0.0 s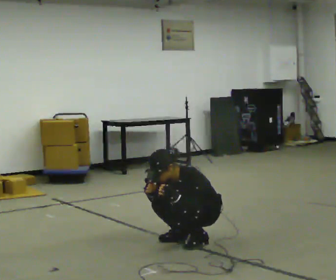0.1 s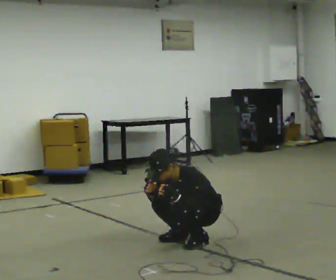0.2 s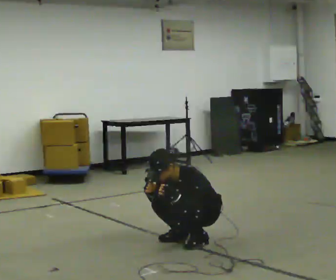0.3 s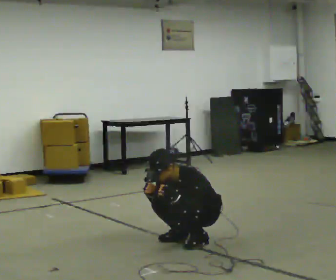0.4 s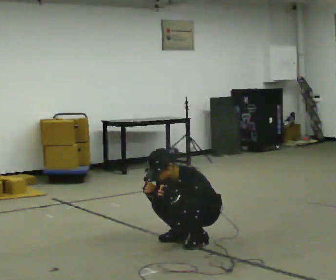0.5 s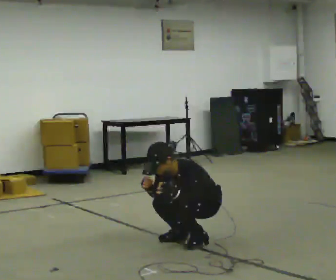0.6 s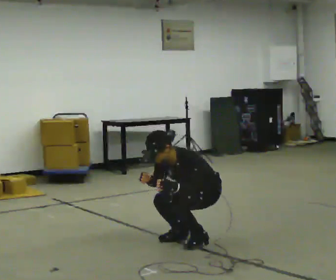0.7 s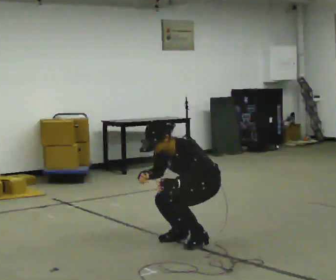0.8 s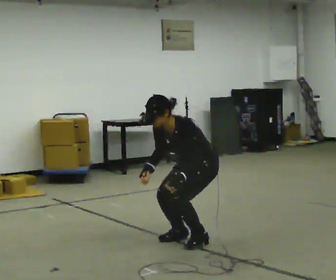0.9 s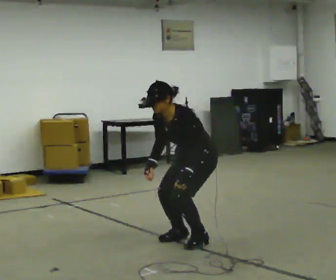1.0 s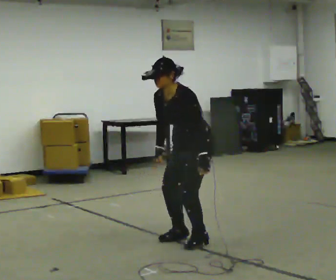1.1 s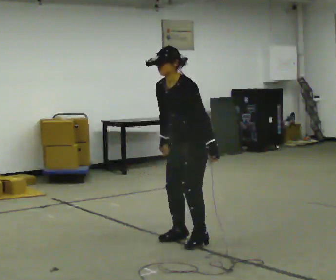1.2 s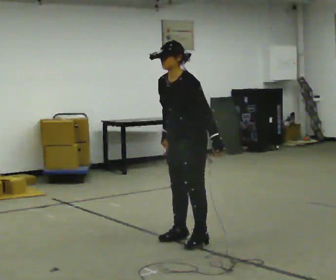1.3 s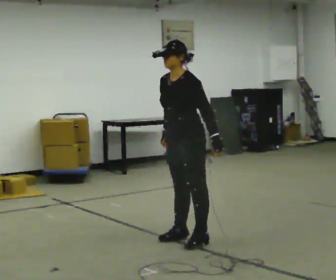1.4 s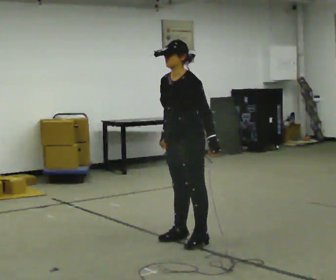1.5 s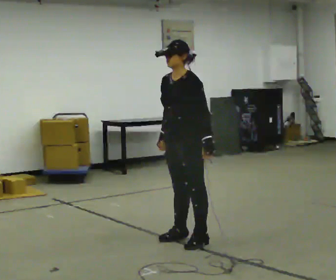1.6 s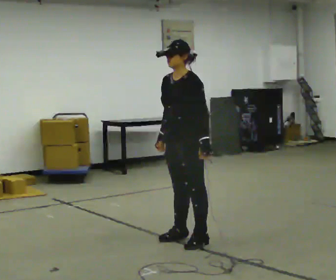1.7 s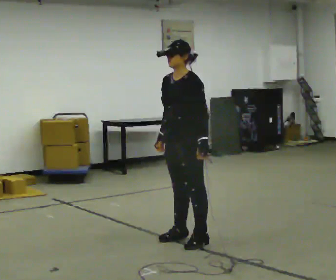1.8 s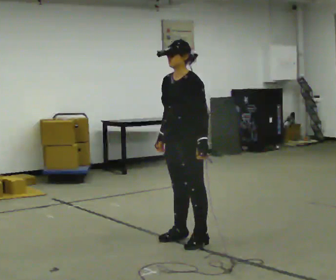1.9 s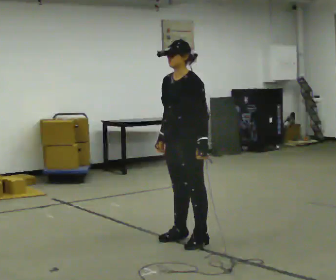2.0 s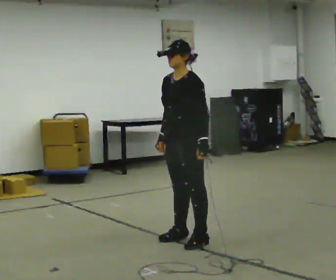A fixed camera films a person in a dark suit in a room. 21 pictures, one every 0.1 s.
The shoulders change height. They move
upward.
Their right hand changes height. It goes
upward.
0.0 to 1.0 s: The upper body goes upward. The upper body tips away from the camera, its near side rolling upward, as they lean back or straighten.
1.0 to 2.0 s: In the picture the upper body tilts clockwise, shoulders to the right, as they lean back or straighten.
The film runs forward here.
